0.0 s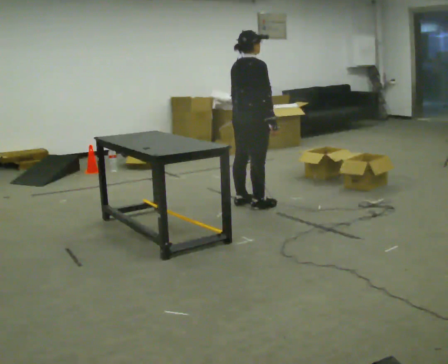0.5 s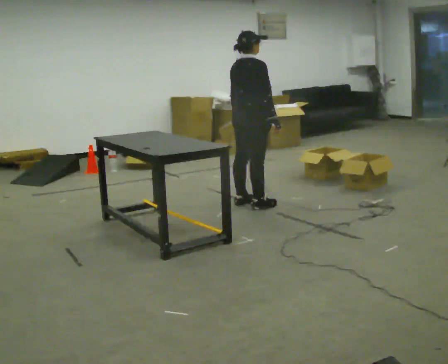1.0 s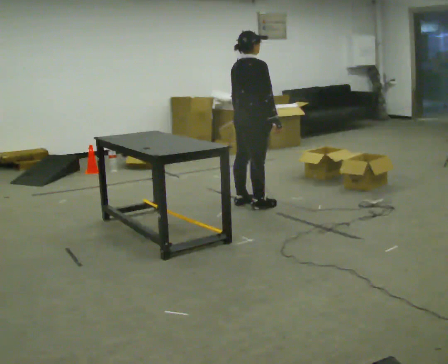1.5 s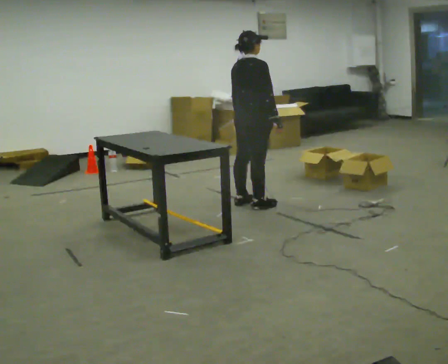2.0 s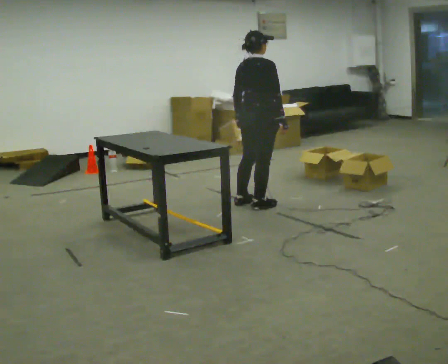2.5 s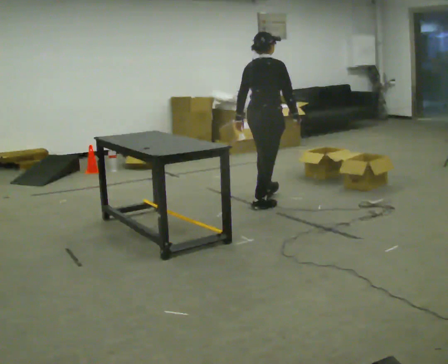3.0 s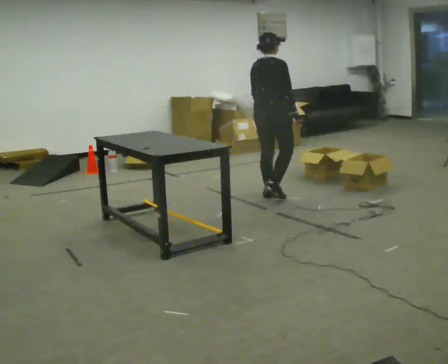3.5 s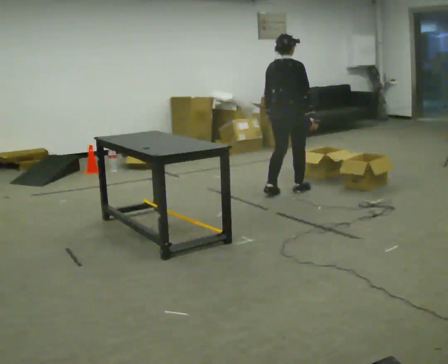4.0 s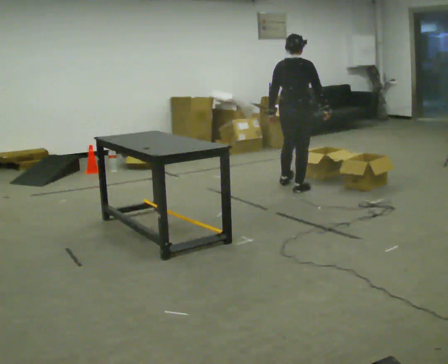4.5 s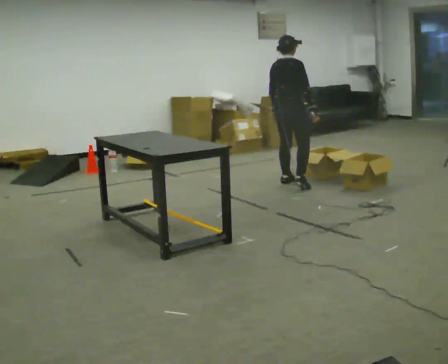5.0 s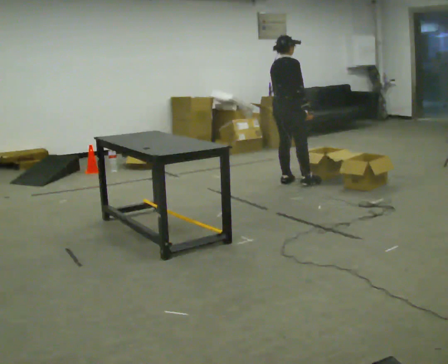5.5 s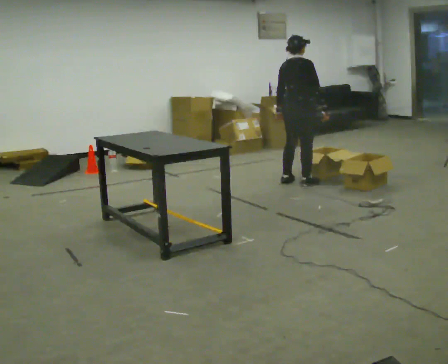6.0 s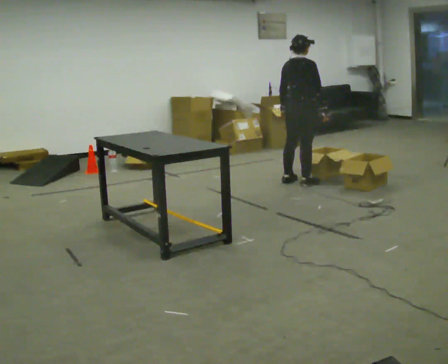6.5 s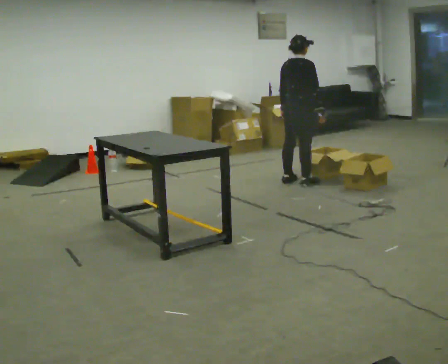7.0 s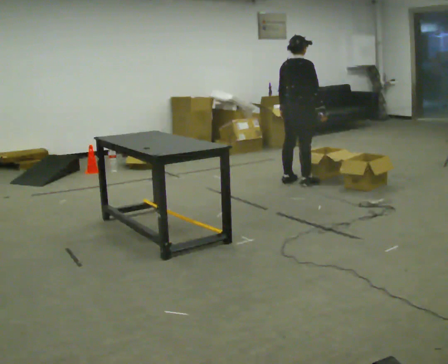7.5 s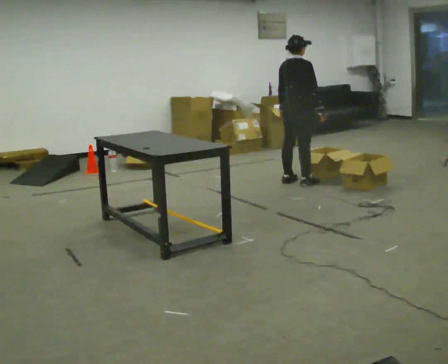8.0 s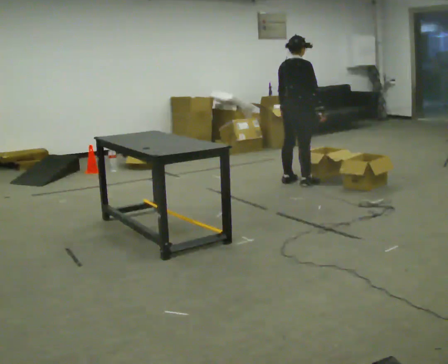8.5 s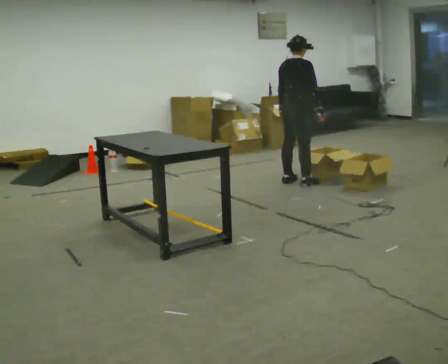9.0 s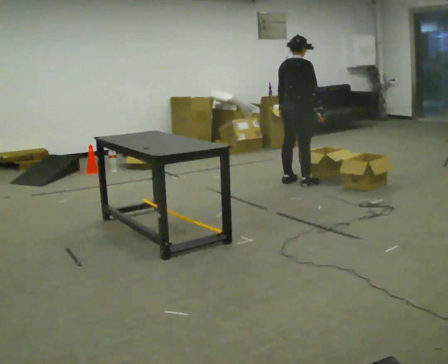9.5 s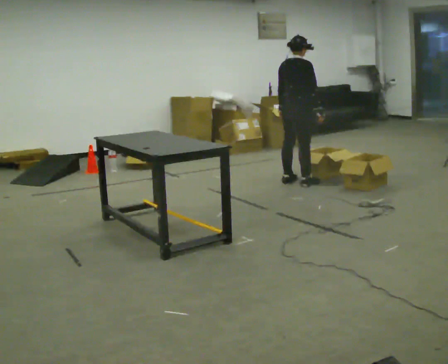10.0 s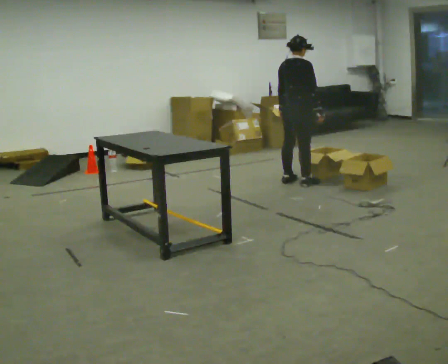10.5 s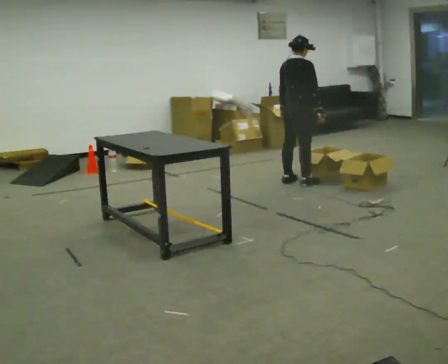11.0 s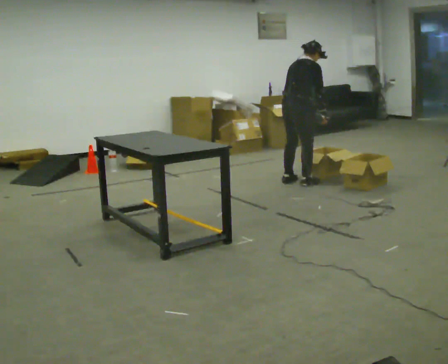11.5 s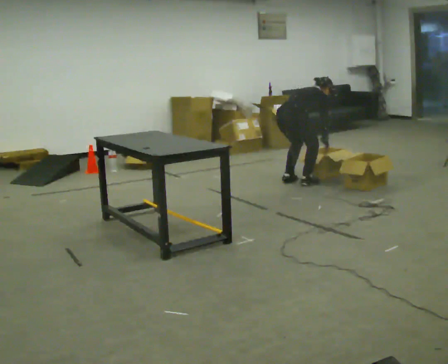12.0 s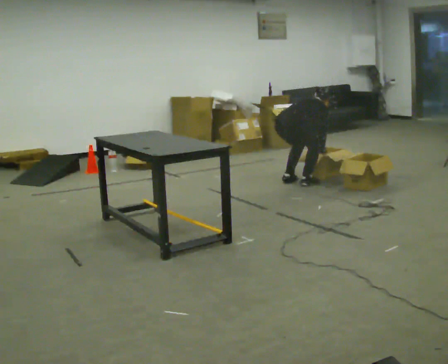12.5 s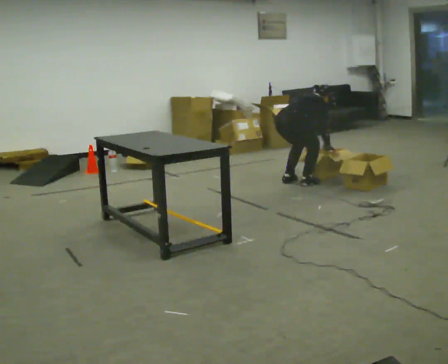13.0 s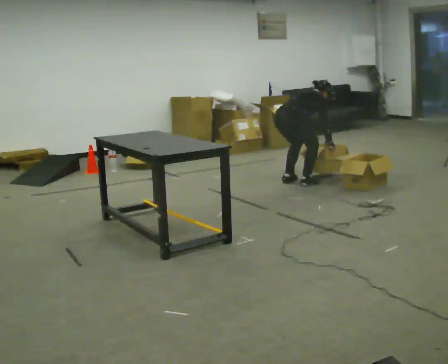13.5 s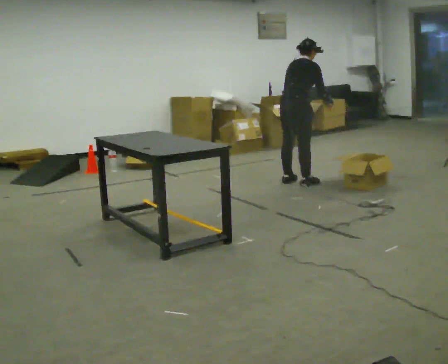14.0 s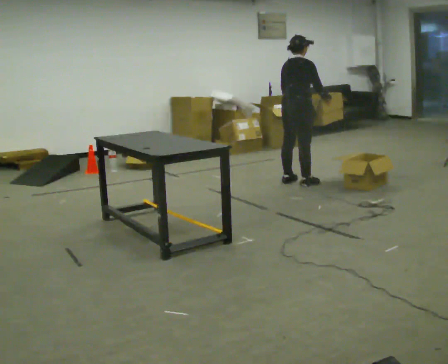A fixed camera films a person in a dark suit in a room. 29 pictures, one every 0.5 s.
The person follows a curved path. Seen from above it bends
counterclockwise.
0.0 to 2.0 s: The person moves a little, or ends about where they began.
2.0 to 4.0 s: In the picture they go away from the camera and to the right, about 0.75 m in 2 steps, which for them is forward.
4.0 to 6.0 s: In the picture they go away from the camera, about 0.25 m in 2 steps, which for them is forward and to their left.
6.0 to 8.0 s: The person moves a little, or ends about where they began.
8.0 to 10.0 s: The person keeps their place and pose.
10.0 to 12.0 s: The upper body goes downward. The upper body tips away from the camera, its near side rolling upward, as they bend forward. In the picture their left hand goes downward and to the right.
12.0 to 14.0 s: The shoulders move upward. The upper body tips toward the camera, its near side rolling downward, as they lean back or straighten. In the picture their right hand goes upward.
The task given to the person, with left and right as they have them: 1. Take everything out of the crates by the door. 2. Put the small items on the middle shelf. 3. Put the large items on the bottom shelf. 4. Stack the empty crates by the door. 5. Tell the operator when you are finished.
The film runs forward here.
